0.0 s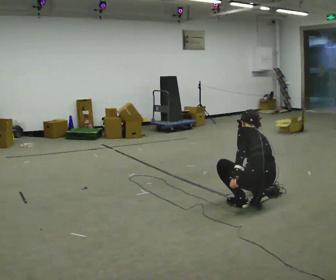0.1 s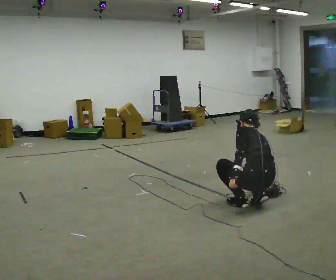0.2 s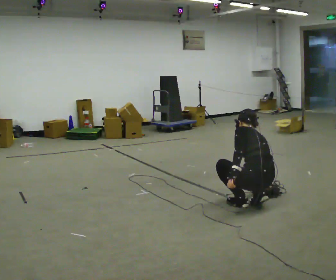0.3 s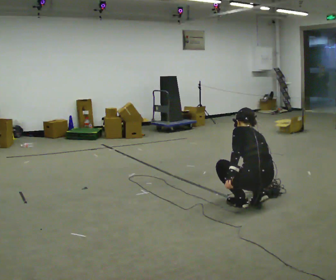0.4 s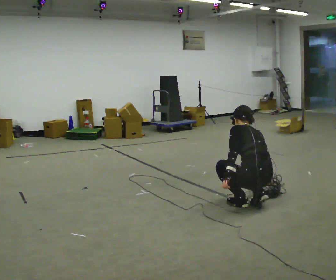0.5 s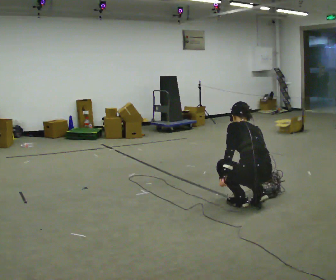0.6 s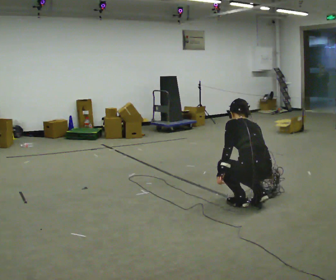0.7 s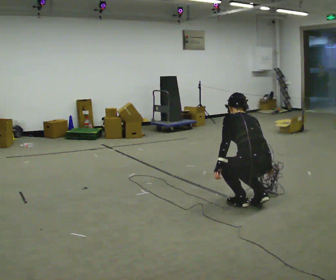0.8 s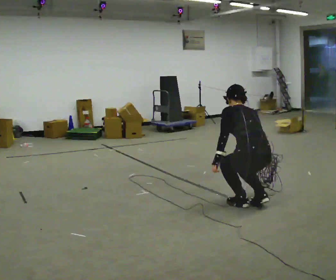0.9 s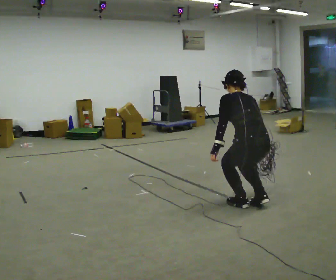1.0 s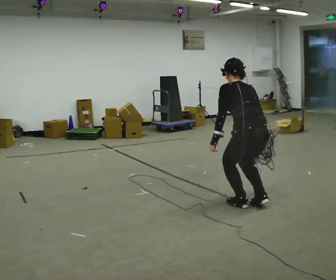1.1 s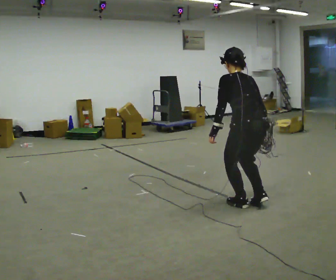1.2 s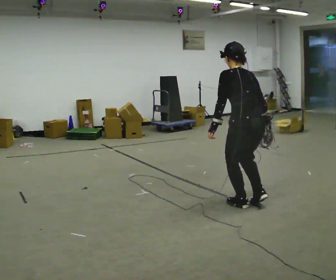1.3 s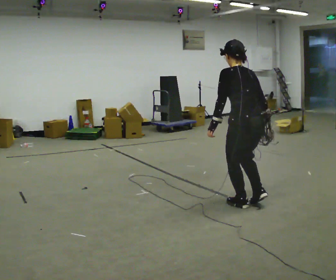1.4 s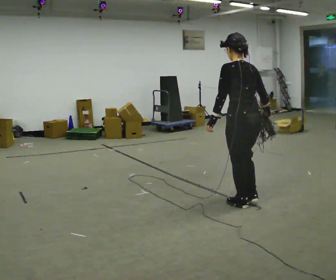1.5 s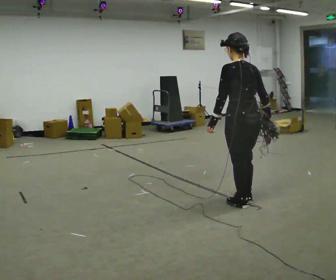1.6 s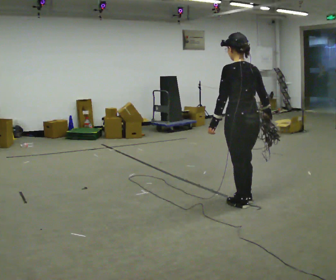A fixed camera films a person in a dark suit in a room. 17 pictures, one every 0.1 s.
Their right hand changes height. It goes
upward.
The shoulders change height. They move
upward.
0.0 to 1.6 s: In the picture they go to the left, about 0.25 m in 1 step, which for them is forward. The shoulders move upward. The upper body tips toward the camera, its near side rolling downward, as they lean back or straighten. In the picture their left hand goes upward.
The film runs forward here.
